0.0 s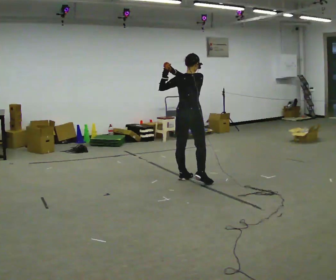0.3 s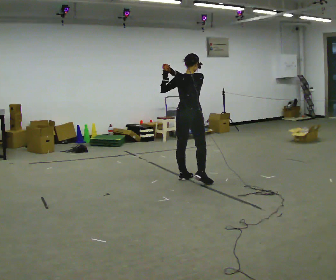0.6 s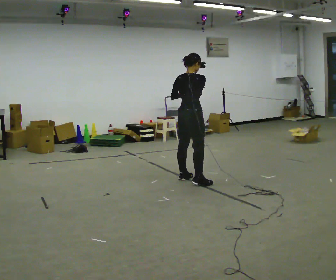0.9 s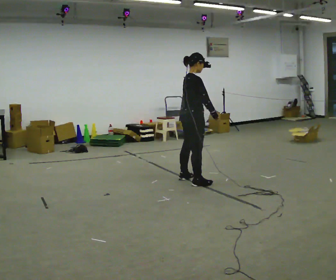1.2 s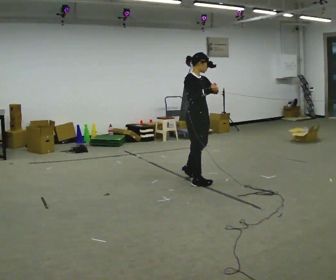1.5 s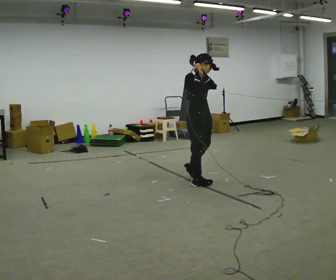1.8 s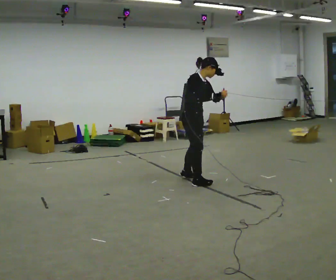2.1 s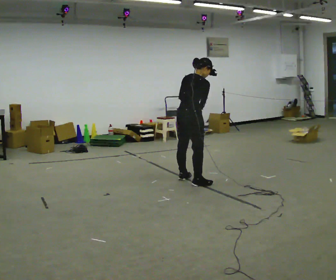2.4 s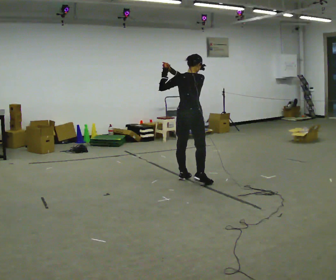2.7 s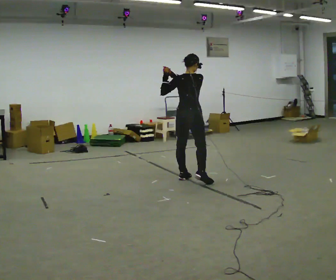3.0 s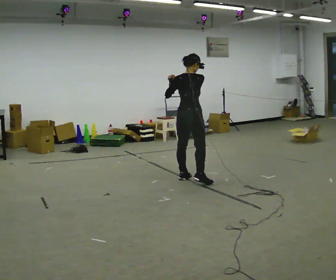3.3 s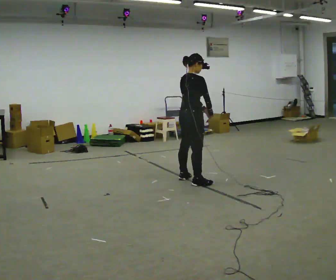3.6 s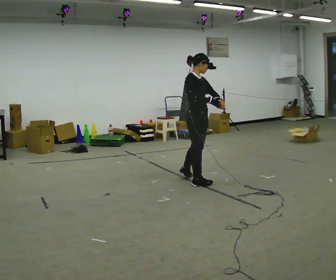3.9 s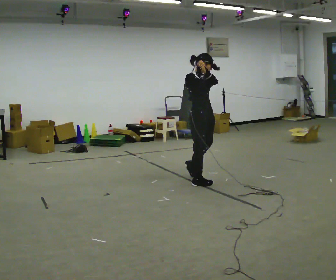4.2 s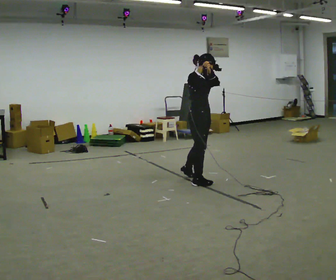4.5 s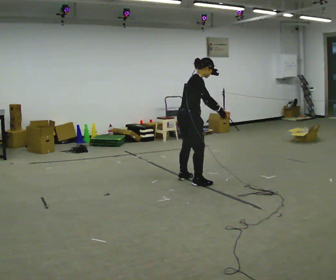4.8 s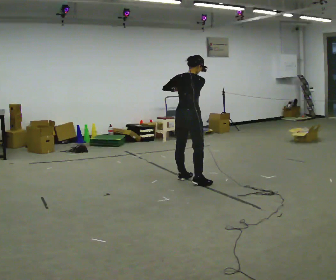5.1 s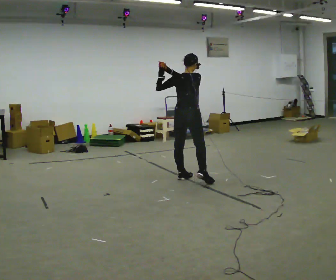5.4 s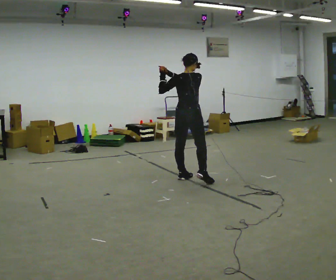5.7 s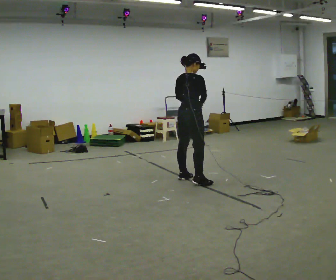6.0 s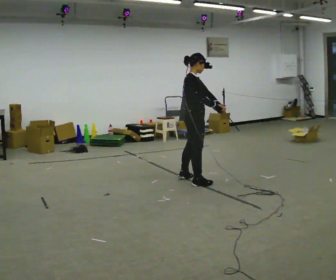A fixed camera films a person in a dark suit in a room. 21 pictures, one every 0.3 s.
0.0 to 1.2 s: The person turns about 105 degrees to their right, clockwise seen from above, so the part of the body nearest the lens slides to the left. In the picture they go toward the camera, about 0.25 m. In the picture their left hand goes to the right.
1.2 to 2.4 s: The part of the body nearest the lens slides to the right as the person turns to their left by about 90 degrees. In the picture they go away from the camera, about 0.25 m. In the picture their left hand goes to the left.
2.4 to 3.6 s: Seen from above the body turns clockwise, about 90 degrees: to their right, with its near side sliding to the left. In the picture they go toward the camera, about 0.25 m. In the picture their right hand goes to the right and downward.
3.6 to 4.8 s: Seen from above the body turns counterclockwise, about 75 degrees: to their left, with its near side sliding to the right. In the picture their left hand goes to the left.
4.8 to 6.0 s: The part of the body nearest the lens slides to the left as the person turns to their right by about 75 degrees. In the picture their left hand goes to the right.
The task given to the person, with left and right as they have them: Mime a golf swing with no club: set your stance, swing back, swing through and follow through. Repeat the movement at your own pace until the operator says stop; do not rush.
The film runs forward here.
